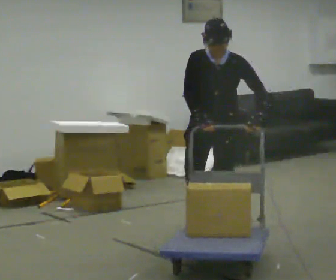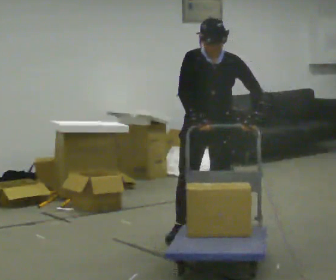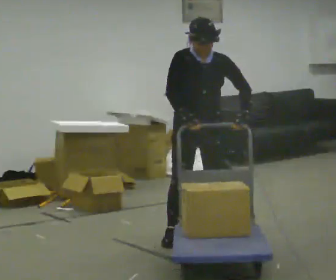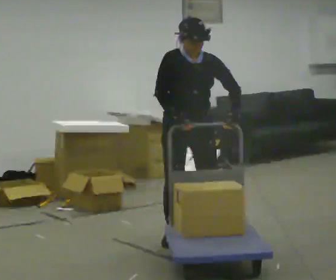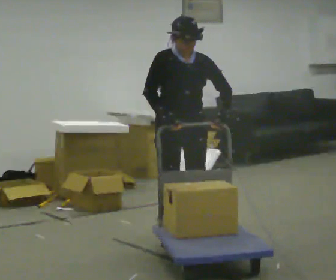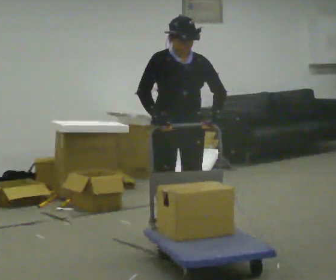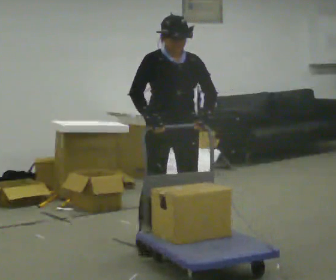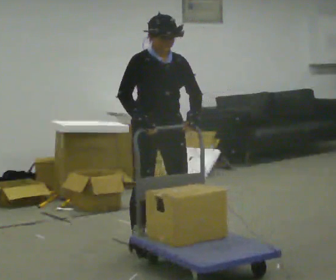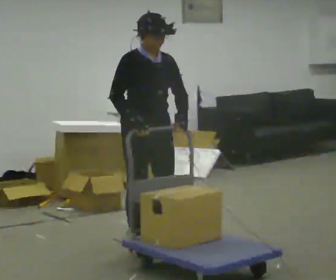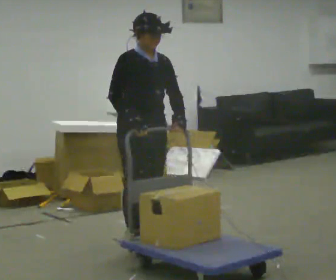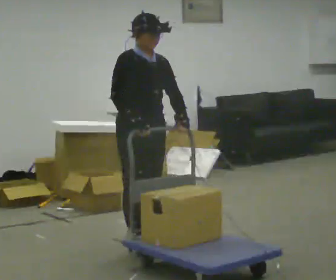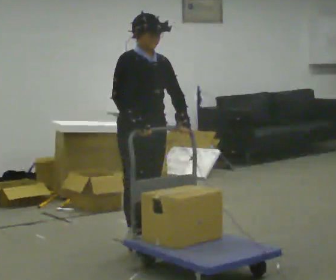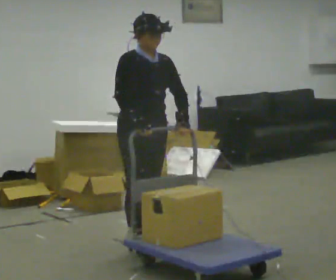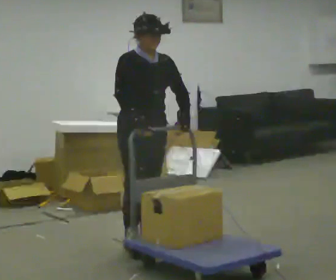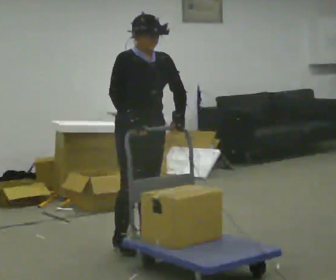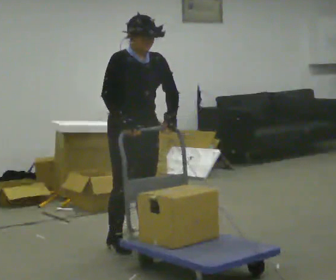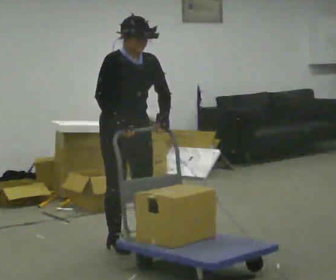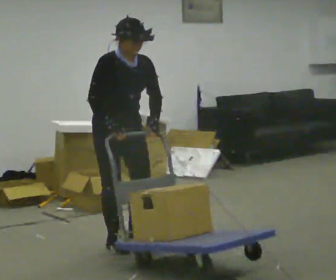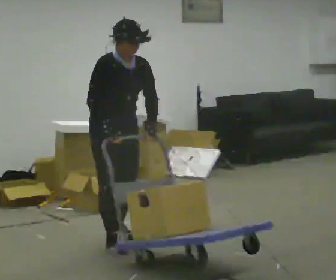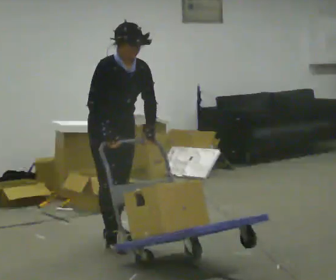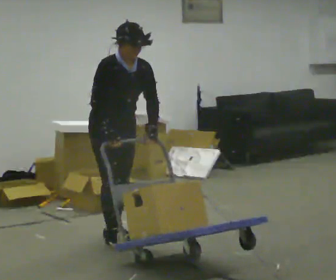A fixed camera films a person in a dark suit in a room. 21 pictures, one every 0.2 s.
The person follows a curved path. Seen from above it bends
clockwise.
0.0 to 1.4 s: The person turns about 30 degrees to their left, counterclockwise seen from above, so the part of the body nearest the lens slides to the right. In the picture they go to the left and toward the camera, about 0.5 m in 3 steps, which for them is to their right and forward.
1.4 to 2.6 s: The person moves a little, or ends about where they began.
2.6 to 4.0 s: In the picture they go to the left and away from the camera, about 0.25 m in 2 steps, which for them is backward.
The film runs forward here.
